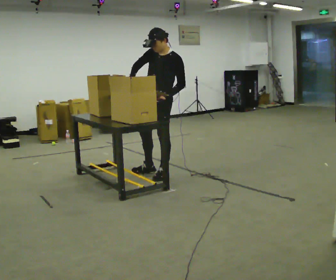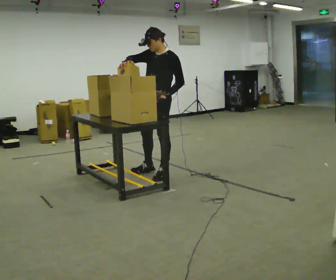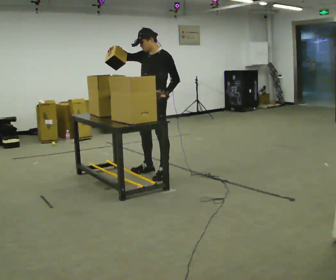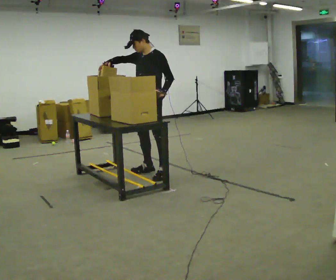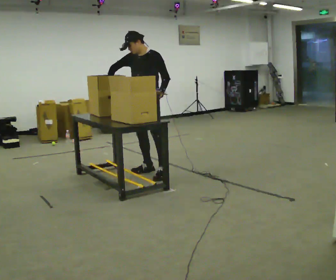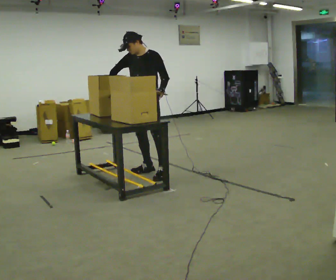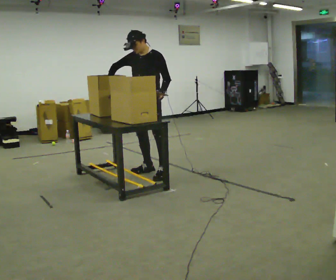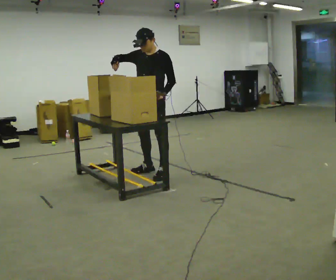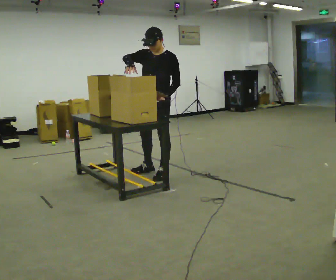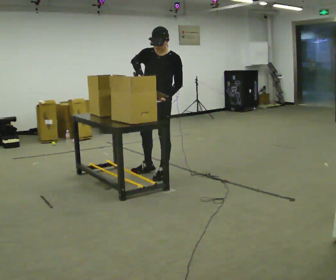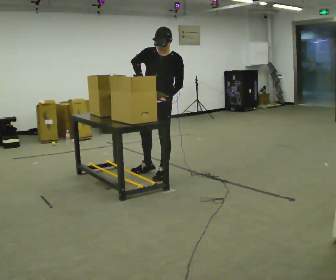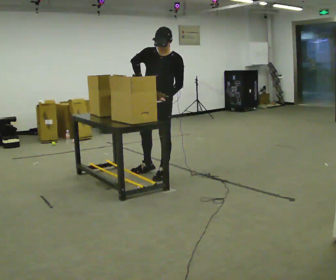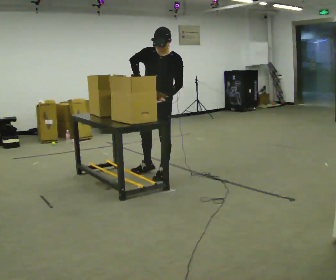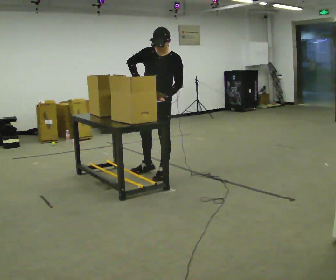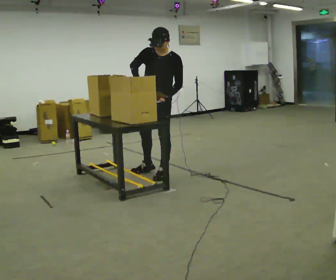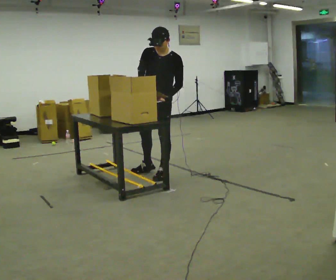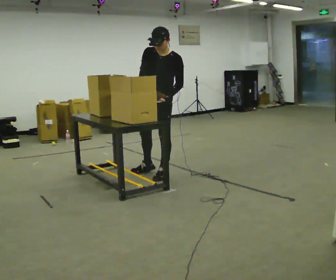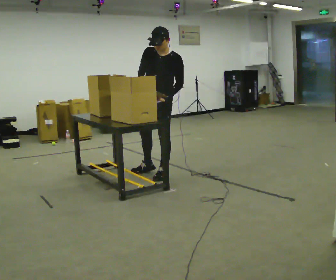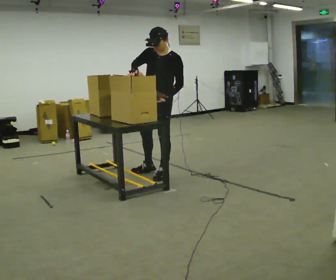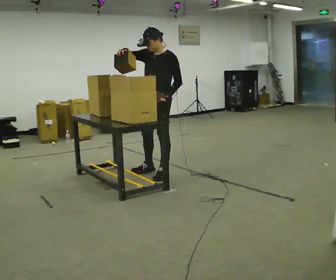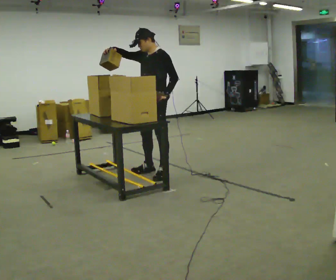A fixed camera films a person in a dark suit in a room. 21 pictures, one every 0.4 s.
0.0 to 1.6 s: In the picture they go away from the camera, about 0.25 m, which for them is to their right.
1.6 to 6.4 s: In the picture they go toward the camera, about 0.25 m, which for them is to their left. In the picture their right hand goes to the right.
6.4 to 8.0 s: The person turns about 30 degrees to their right, clockwise seen from above, so the part of the body nearest the lens slides to the left. In the picture their right hand goes upward and to the left, the arm swinging clockwise.
The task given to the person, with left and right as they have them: Move the items from one container to the other one at a time, then move them back. Repeat at your own pace until the operator says stop. Keep both feet on the marked spots for the whole take. If you have to step, stop and tell the operator.
The film runs forward here.
